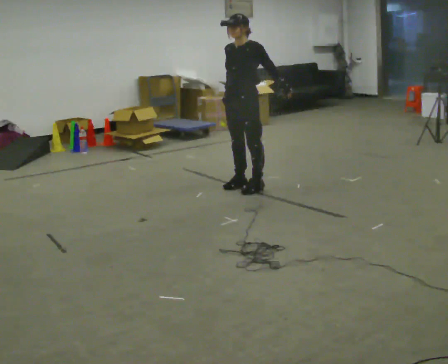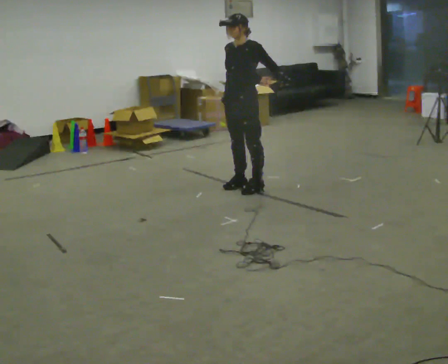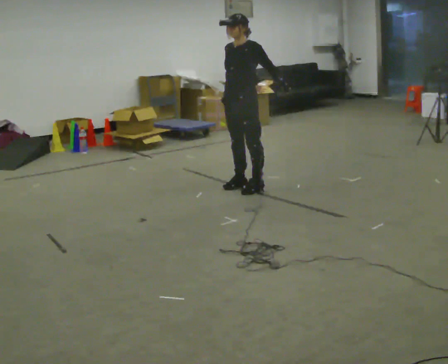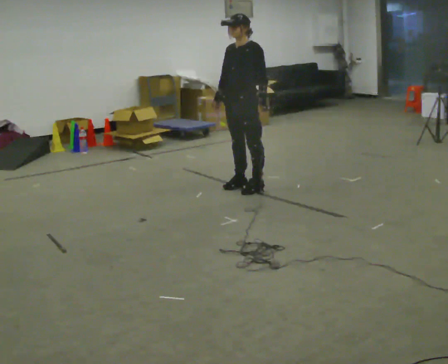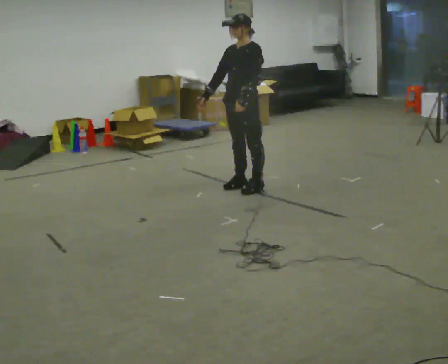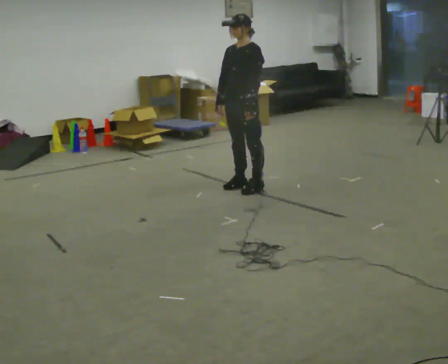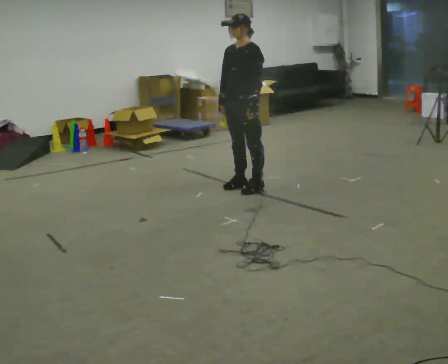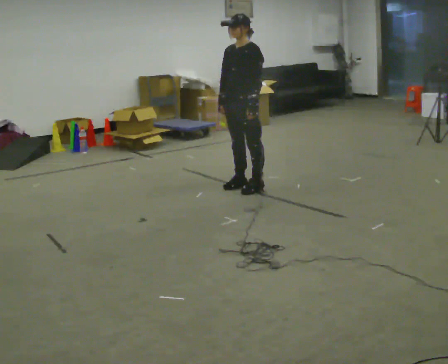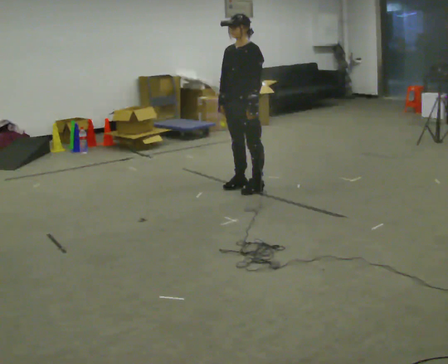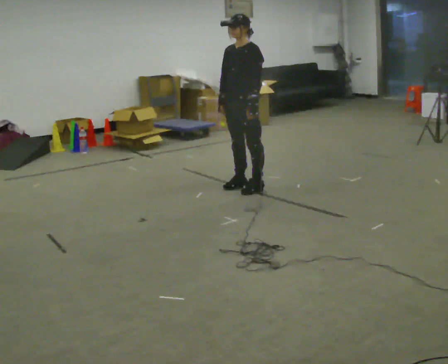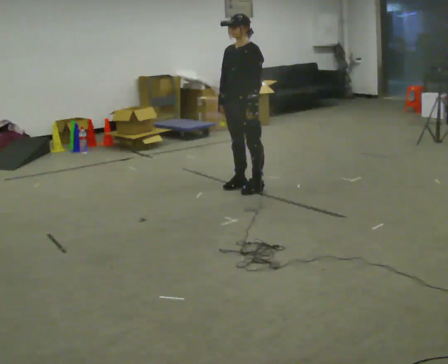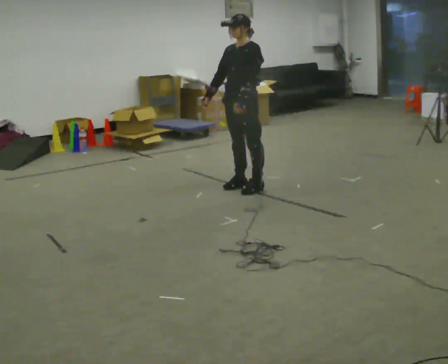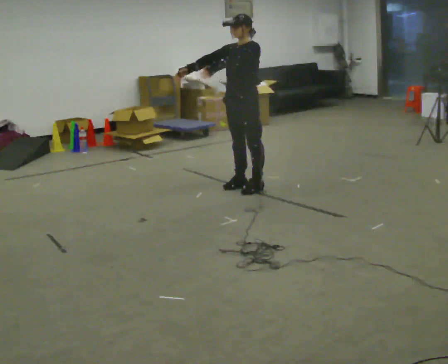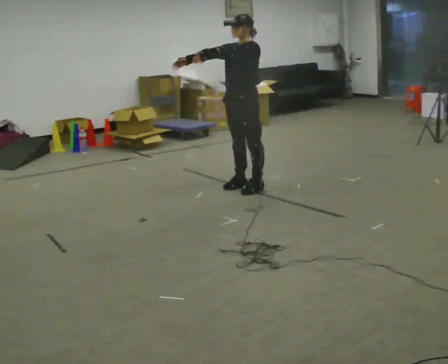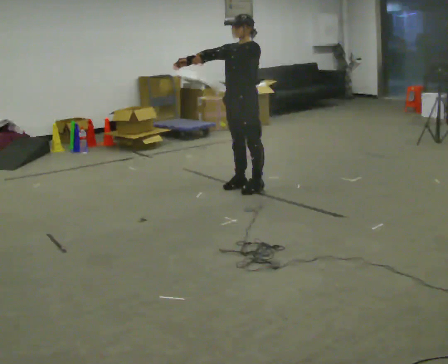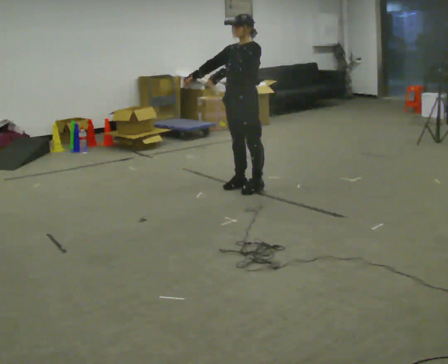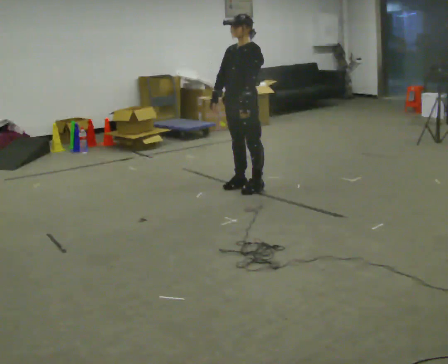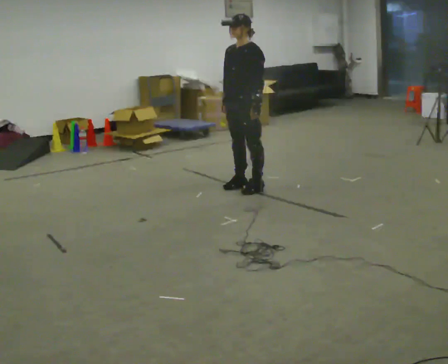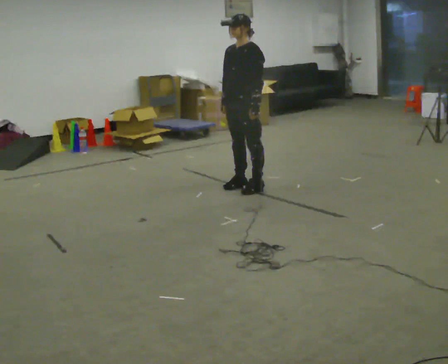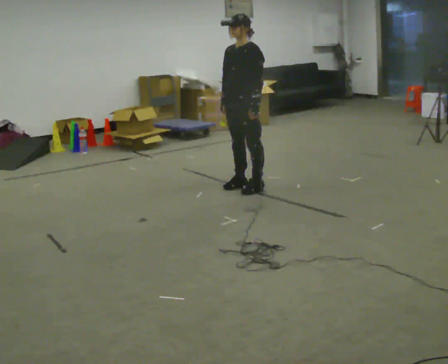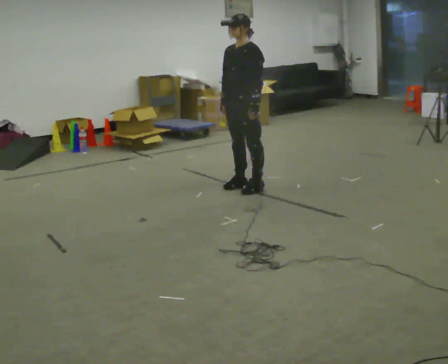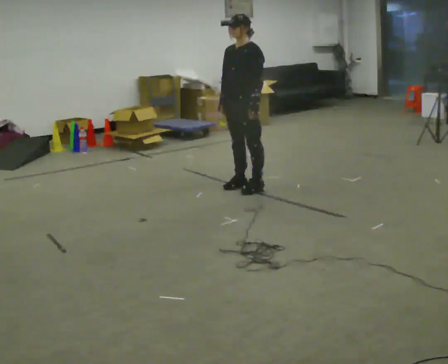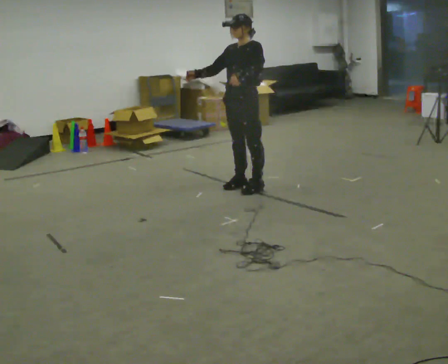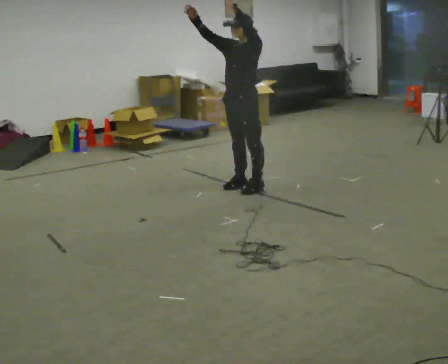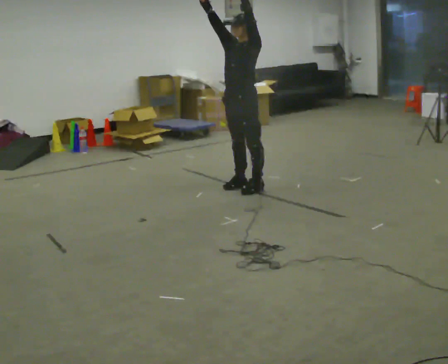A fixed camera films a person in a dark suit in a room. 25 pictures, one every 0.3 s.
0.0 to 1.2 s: In the picture their left hand goes to the left, the arm swinging clockwise.
1.2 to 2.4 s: The person moves a little, or ends about where they began.
2.4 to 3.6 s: In the picture their right hand goes upward, the arm swinging clockwise.
3.6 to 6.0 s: In the picture their right hand goes downward and to the right, the arm swinging counterclockwise.
6.0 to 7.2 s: In the picture their right hand goes upward, the arm swinging clockwise.
The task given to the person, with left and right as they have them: Reach as far as you comfortably can in each direction the operator calls: up, down, forward, each side, and behind. Hold each one briefly. Keep both feet on the marked spots for the whole take. If you have to step, stop and tell the operator.
The film runs forward here.
